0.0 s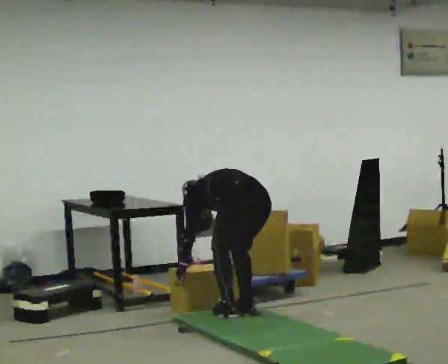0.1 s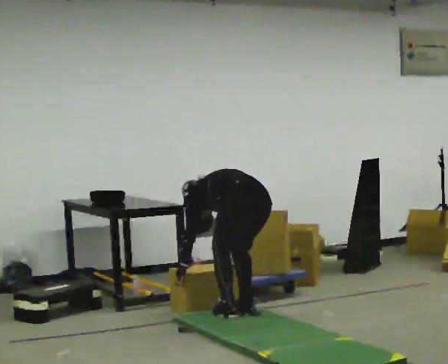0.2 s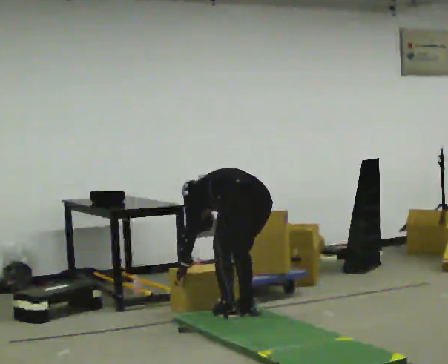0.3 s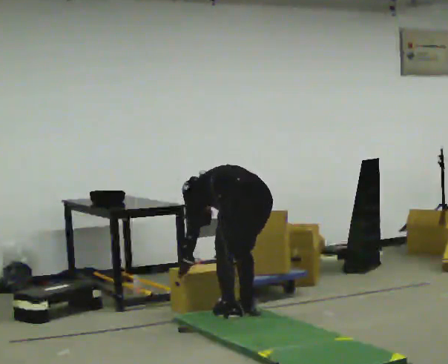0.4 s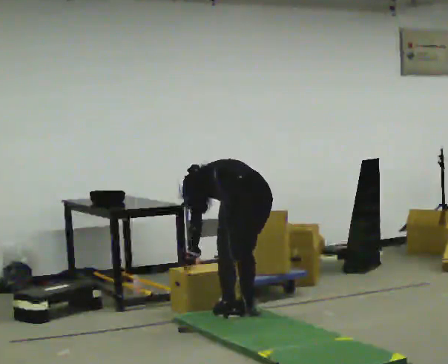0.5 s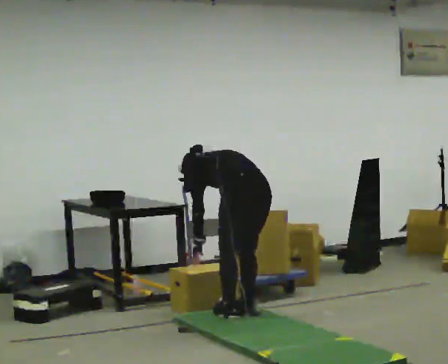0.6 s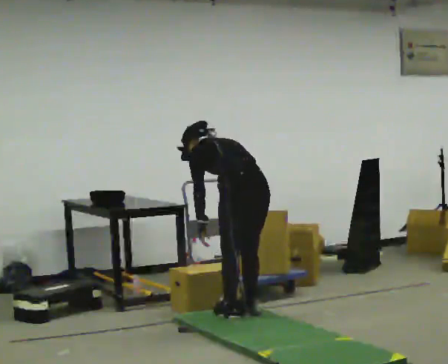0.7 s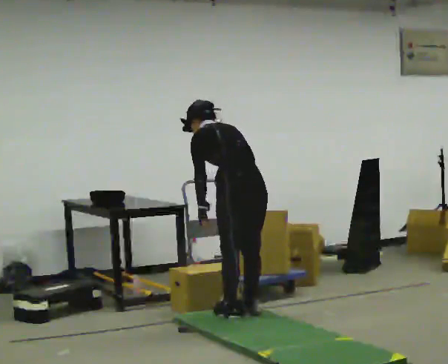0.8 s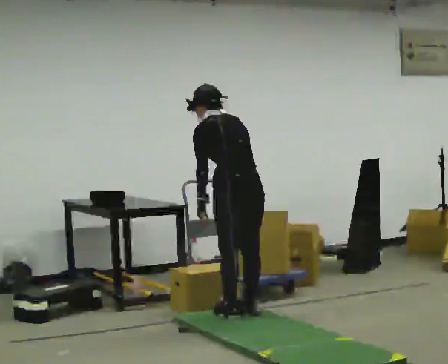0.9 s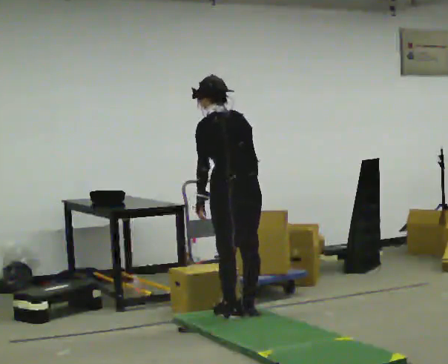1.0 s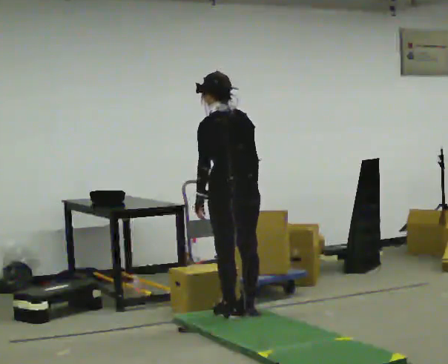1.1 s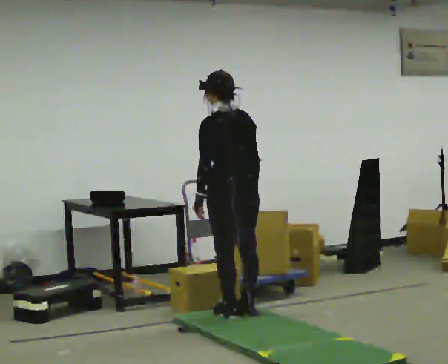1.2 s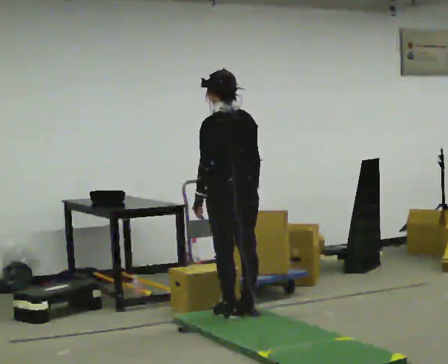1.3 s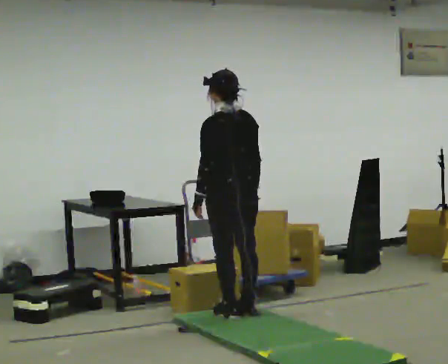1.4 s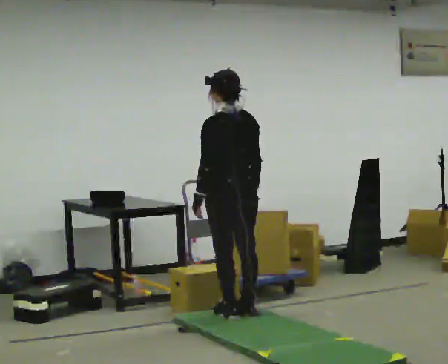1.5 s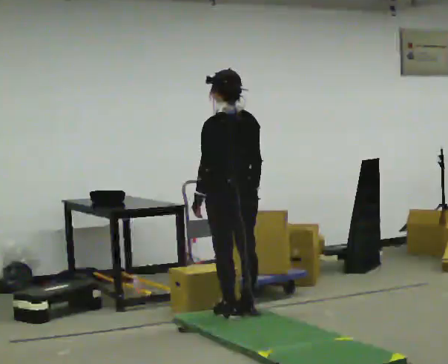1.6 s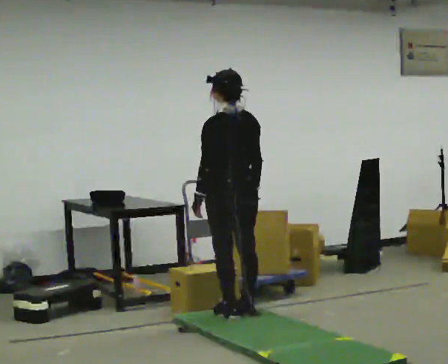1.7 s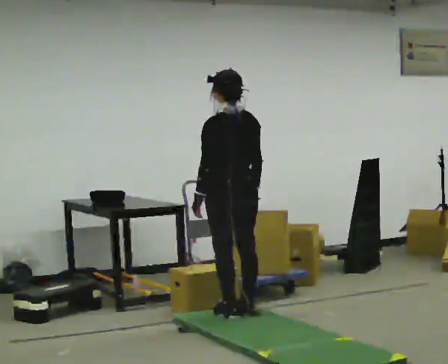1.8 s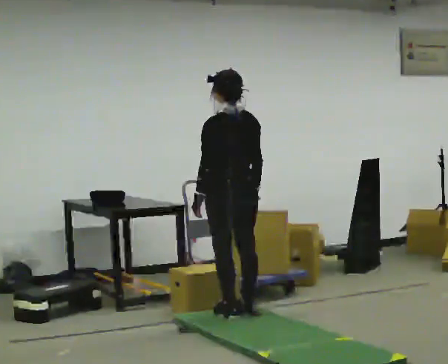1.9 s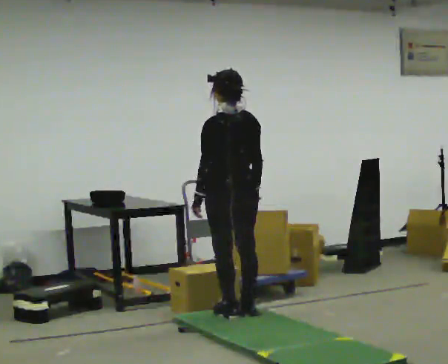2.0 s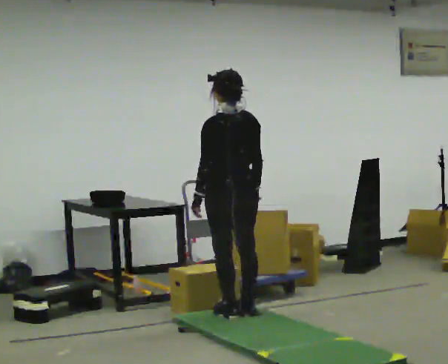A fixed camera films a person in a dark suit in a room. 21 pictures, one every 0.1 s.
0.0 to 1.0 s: The shoulders move upward. The upper body tips toward the camera, its near side rolling downward, as they lean back or straighten. In the picture their left hand goes upward.
1.0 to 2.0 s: The person moves a little, or ends about where they began.
The film runs backward here.
